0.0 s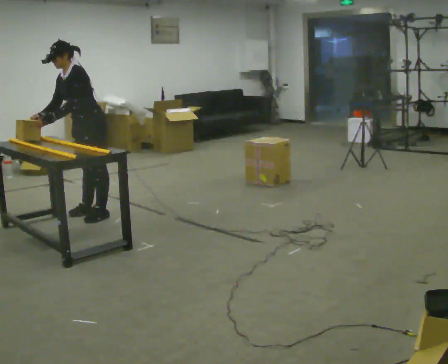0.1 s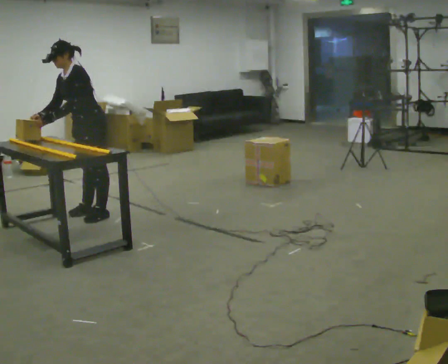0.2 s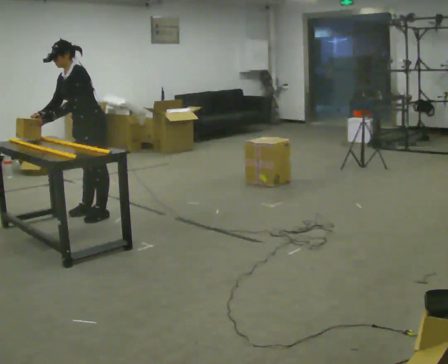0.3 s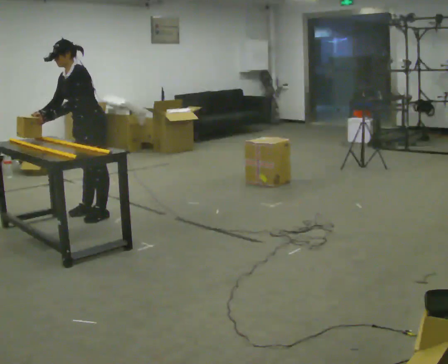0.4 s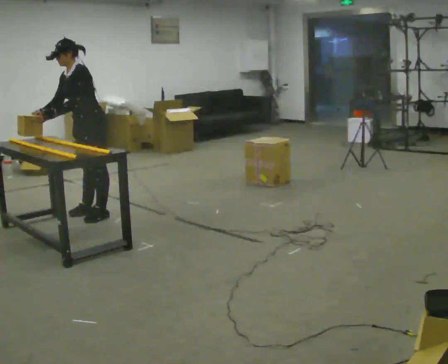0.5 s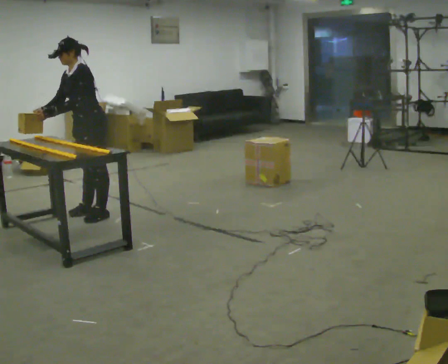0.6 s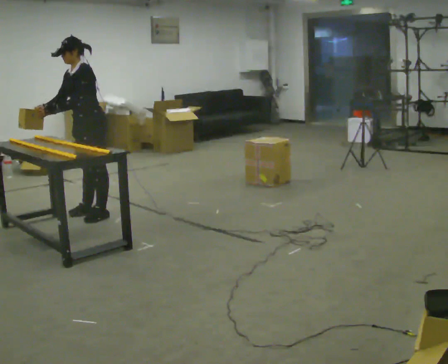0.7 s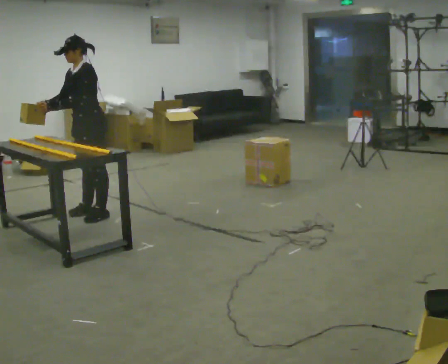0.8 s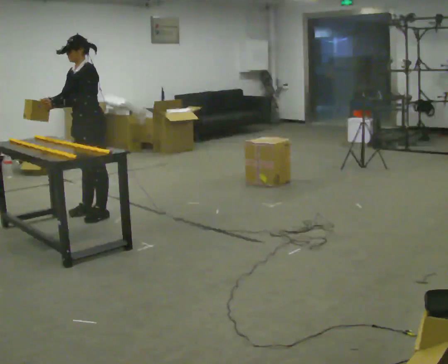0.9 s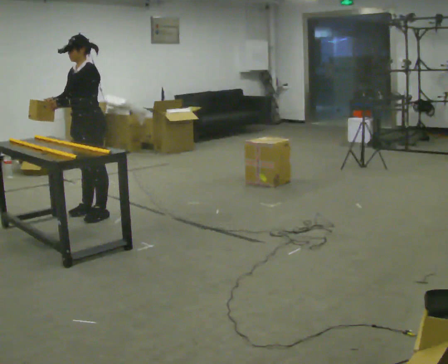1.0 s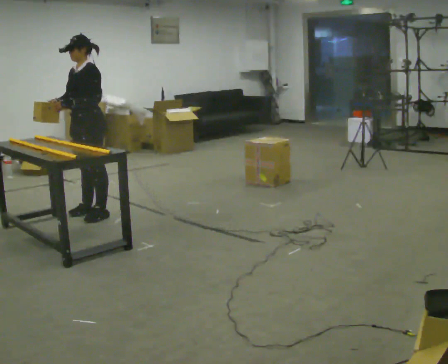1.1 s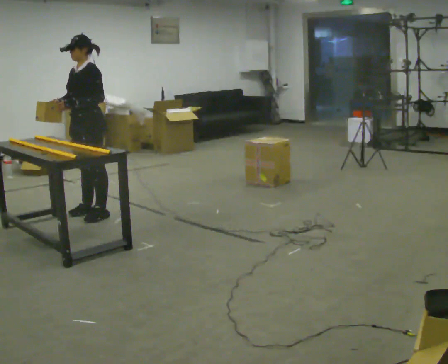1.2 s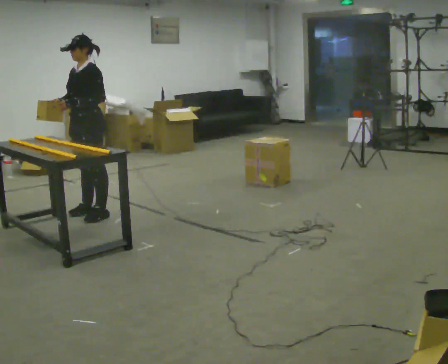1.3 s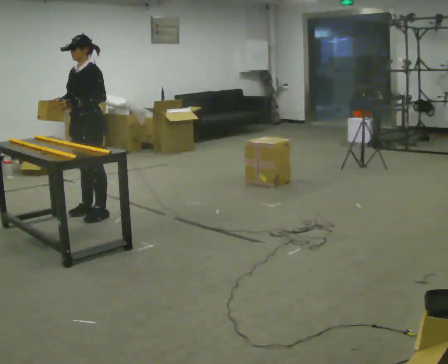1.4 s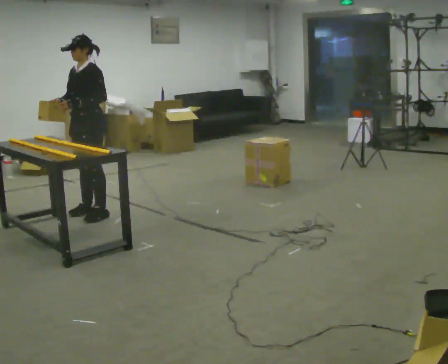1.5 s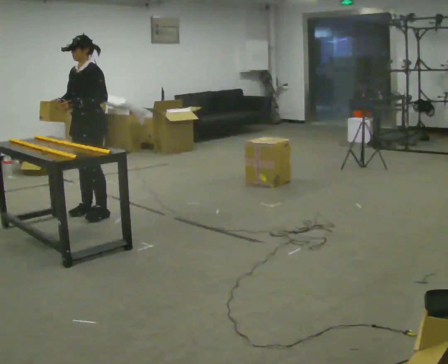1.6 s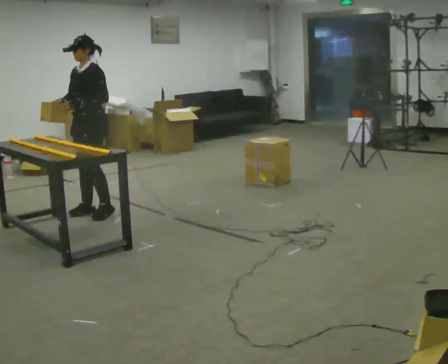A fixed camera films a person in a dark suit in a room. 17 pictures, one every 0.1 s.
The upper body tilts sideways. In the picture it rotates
clockwise.
0.0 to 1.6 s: In the picture the upper body tilts clockwise, shoulders to the right, as they lean back or straighten.
The film runs backward here.
